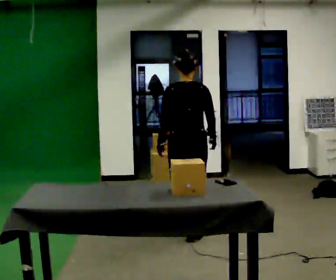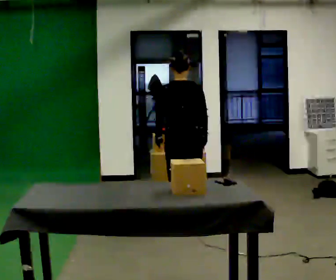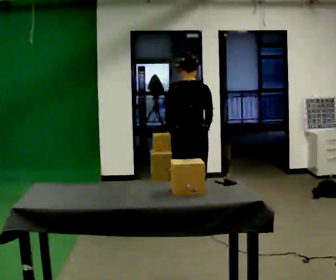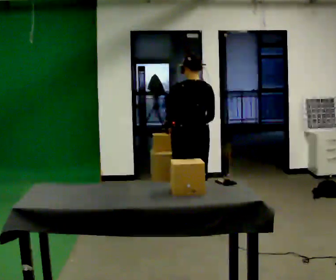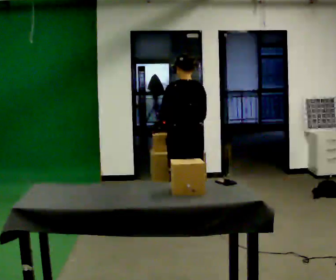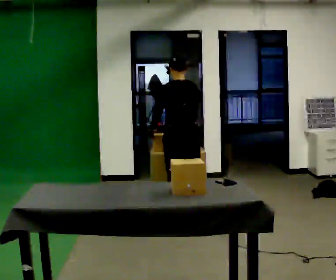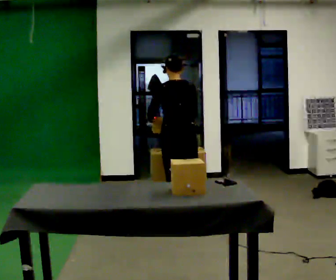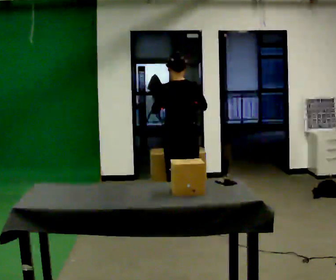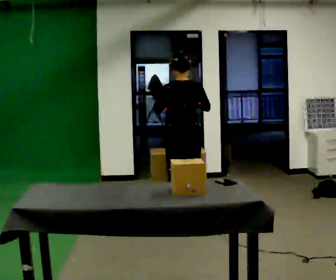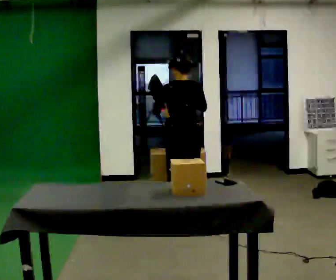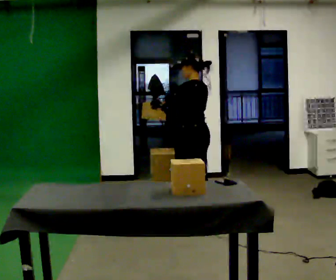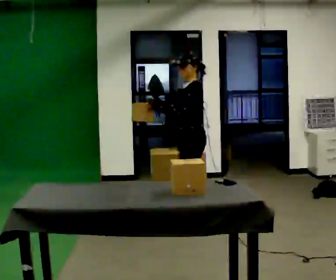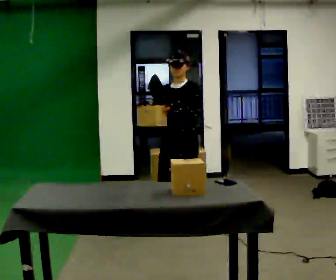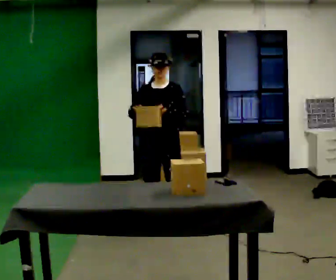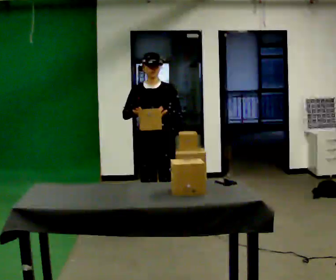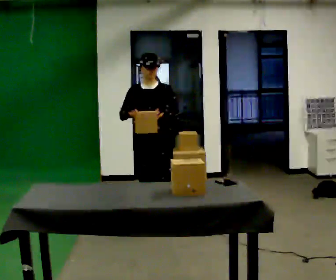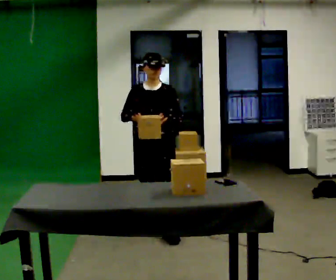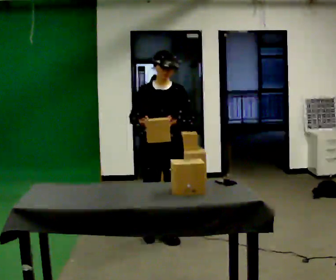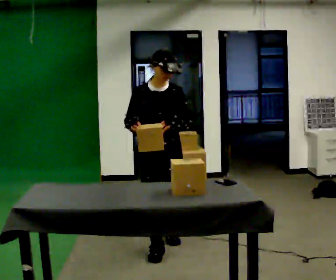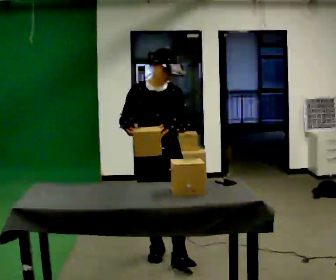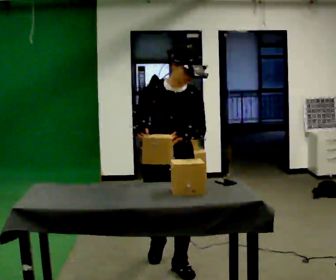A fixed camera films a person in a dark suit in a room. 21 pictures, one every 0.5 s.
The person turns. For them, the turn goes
to their left.
The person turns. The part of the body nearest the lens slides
to the right.
0.0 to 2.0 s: In the picture they go away from the camera, about 0.5 m in 2 steps, which for them is forward.
2.0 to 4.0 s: The person moves a little, or ends about where they began.
4.0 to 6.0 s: The person turns about 150 degrees to their left, counterclockwise seen from above, so the part of the body nearest the lens slides to the right. In the picture they go toward the camera, about 0.25 m in 1 step. In the picture their right hand goes to the left.
6.0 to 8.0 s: The person turns about 30 degrees to their left, counterclockwise seen from above, so the part of the body nearest the lens slides to the right. In the picture they go to the left and toward the camera, about 0.25 m in 3 steps, which for them is to their right and forward.
8.0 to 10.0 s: In the picture they go toward the camera, about 1 m in 2 steps, which for them is forward.
The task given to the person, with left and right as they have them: 1. Clear everything off the table and put it away on the shelves. 2. Then set the table back up the way the operator shows you in the photo. 3. Tell the operator when you are finished.
The film runs forward here.
